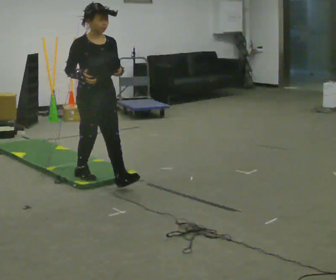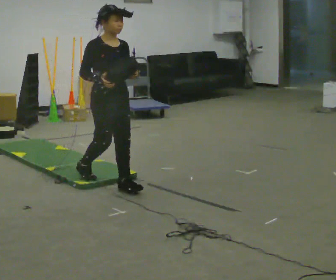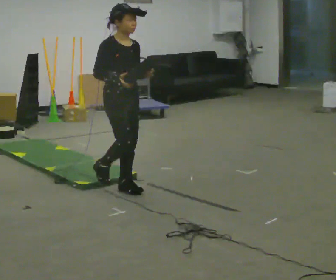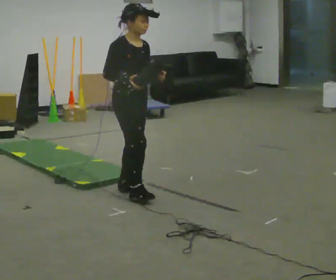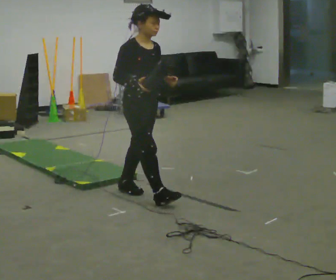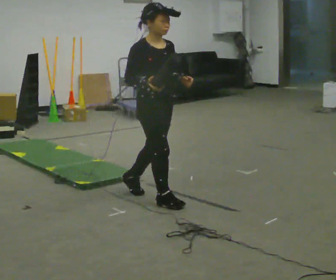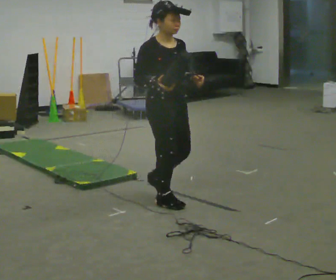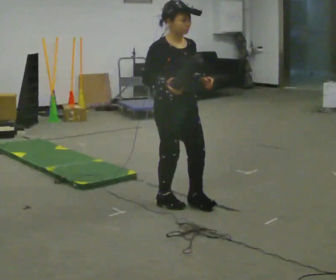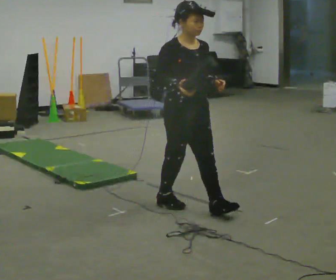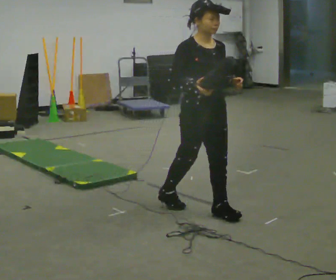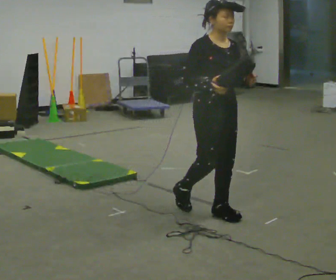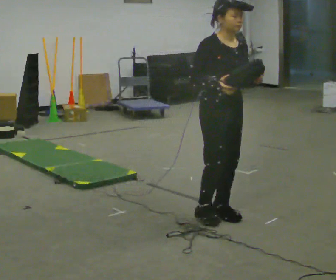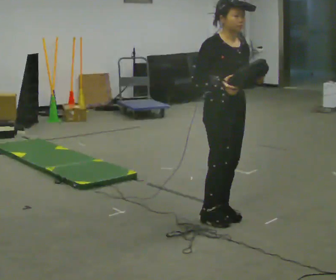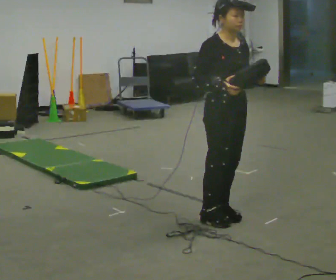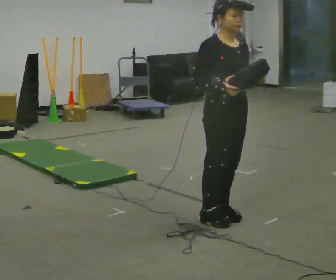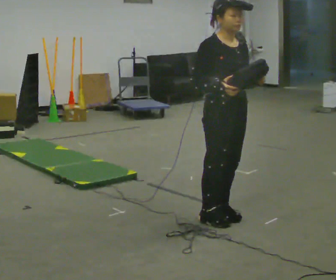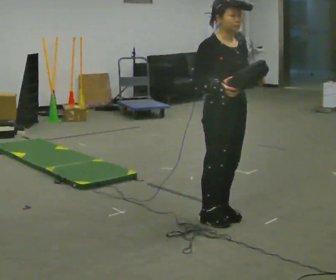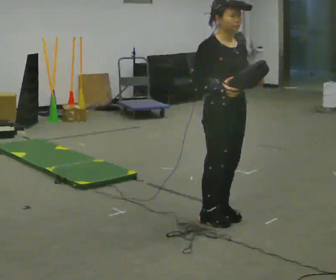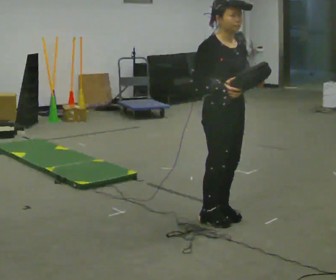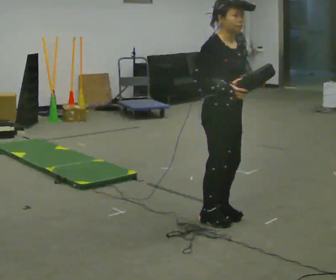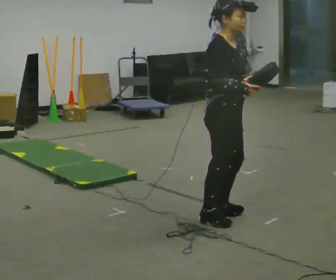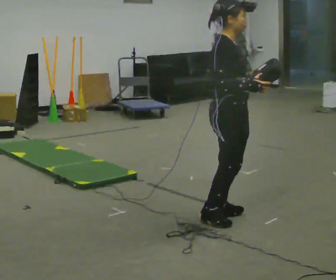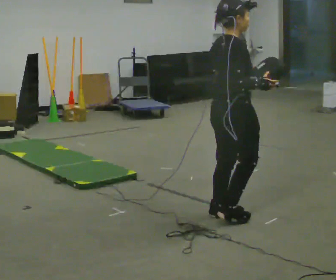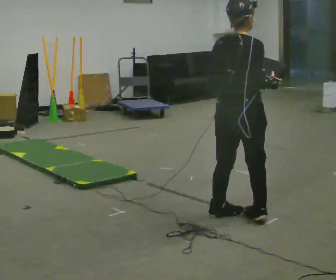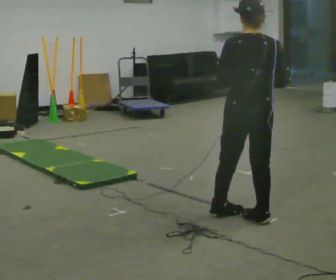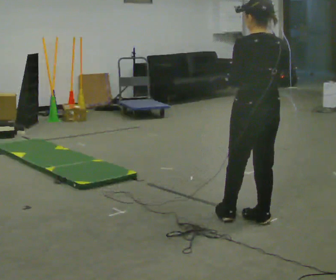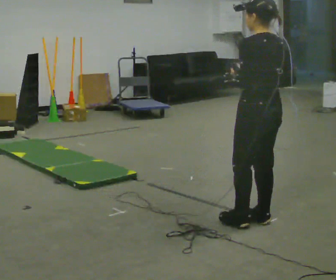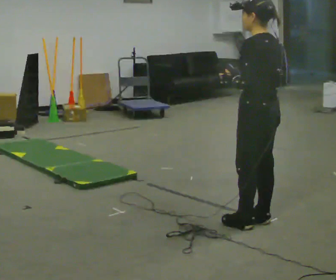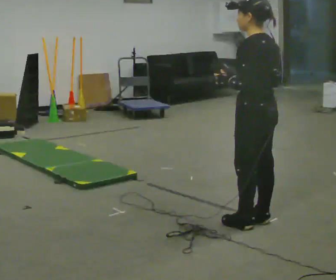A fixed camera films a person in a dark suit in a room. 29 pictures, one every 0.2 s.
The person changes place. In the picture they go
to the right.
The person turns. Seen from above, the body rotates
counterclockwise.
0.0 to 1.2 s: In the picture they go to the right and toward the camera, about 0.5 m in 1 step, which for them is forward.
1.2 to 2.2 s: In the picture they go to the right and toward the camera, about 0.5 m in 1 step, which for them is forward.
2.2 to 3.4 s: The person moves a little, or ends about where they began.
3.4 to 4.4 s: The person turns about 75 degrees to their left, counterclockwise seen from above, so the part of the body nearest the lens slides to the right.
4.4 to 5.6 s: Seen from above the body turns counterclockwise, about 120 degrees: to their left, with its near side sliding to the right. In the picture they go to the right, about 0.25 m in 2 steps.
The film runs forward here.
